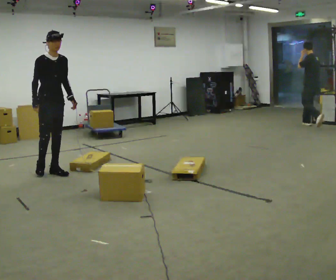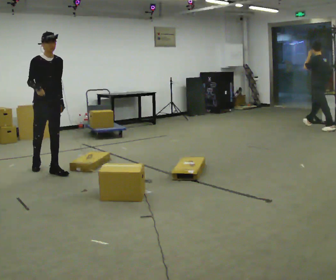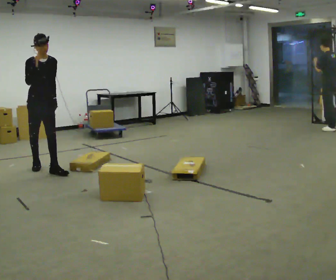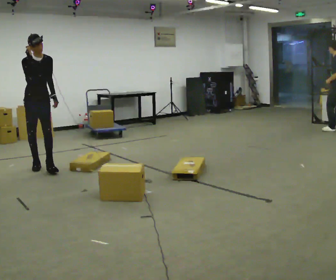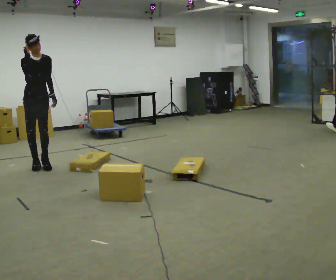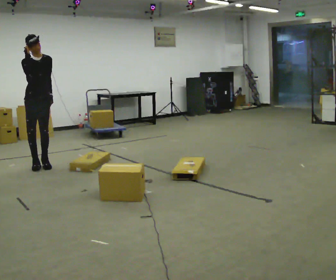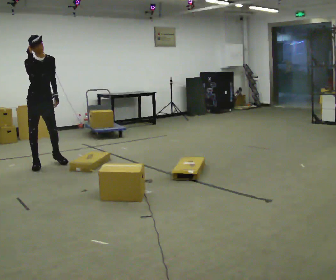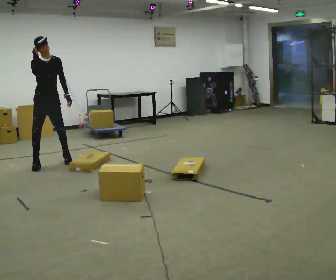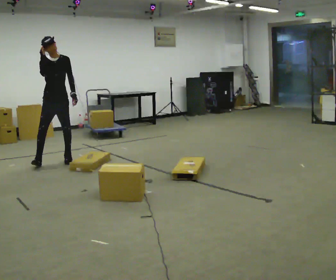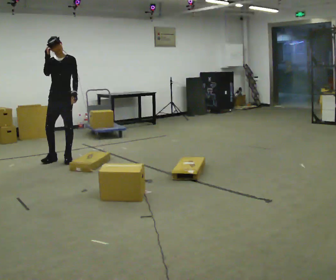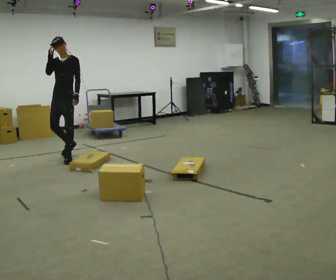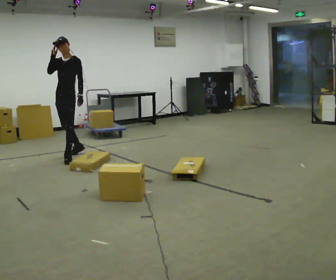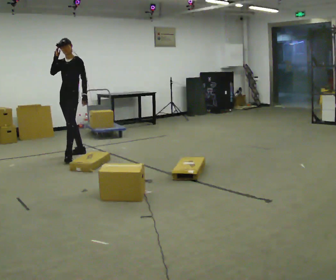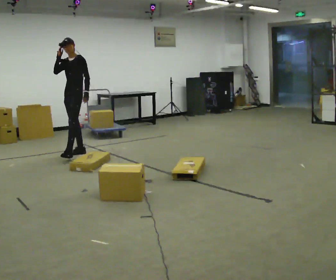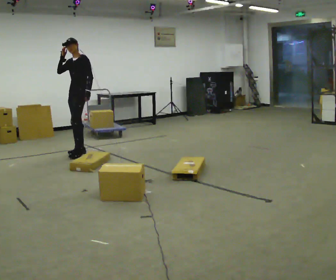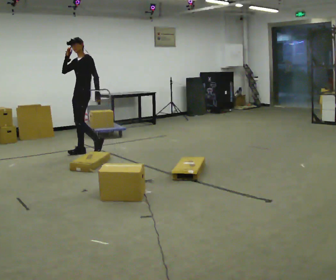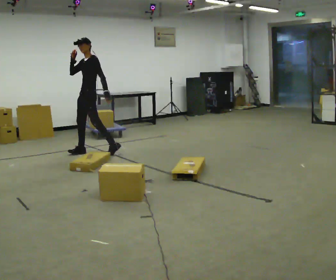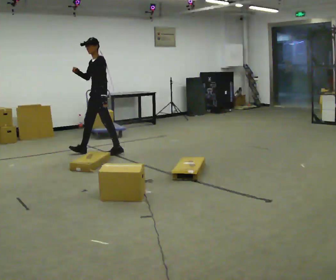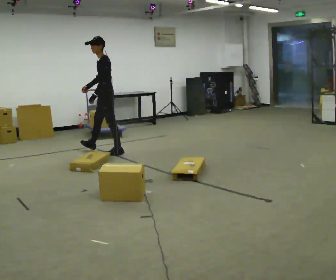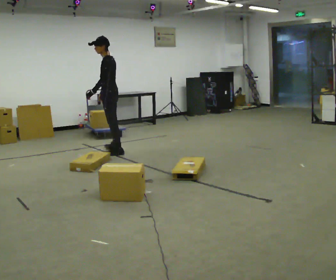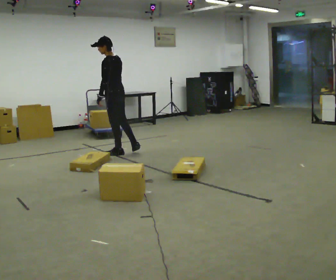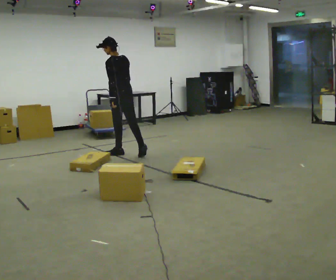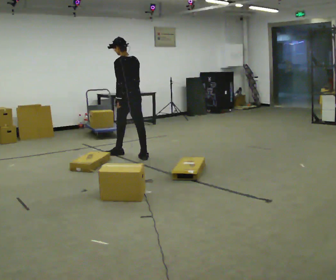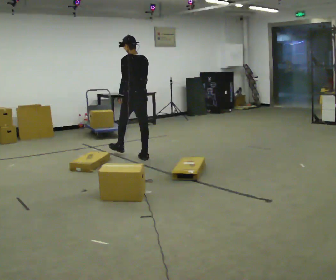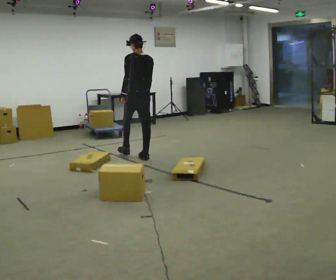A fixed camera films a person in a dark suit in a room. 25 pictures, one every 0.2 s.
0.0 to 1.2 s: In the picture they go away from the camera and to the left, about 0.5 m in 1 step, which for them is backward. In the picture their right hand goes upward.
1.2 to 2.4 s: The person turns about 60 degrees to their right, clockwise seen from above, so the part of the body nearest the lens slides to the left. In the picture they go away from the camera and to the right, about 0.75 m in 1 step, which for them is backward and to their left.
2.4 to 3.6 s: The part of the body nearest the lens slides to the left as the person turns to their right by about 45 degrees. In the picture they go to the right, about 0.5 m in 2 steps, which for them is backward and to their left. In the picture their right hand goes downward.
3.6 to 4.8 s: The part of the body nearest the lens slides to the left as the person turns to their right by about 75 degrees. In the picture they go to the right and toward the camera, about 0.5 m in 1 step. In the picture the upper body tilts clockwise, shoulders to the right.
The film runs backward here.
